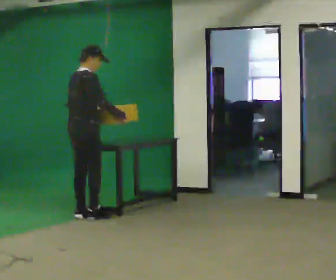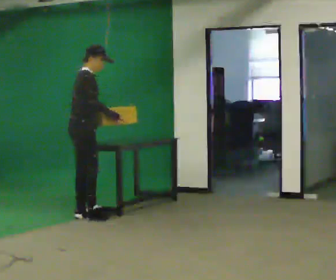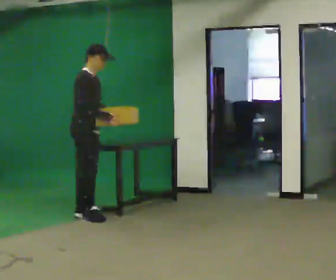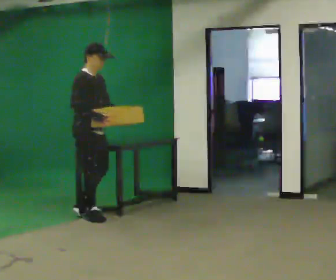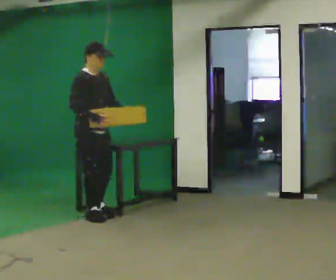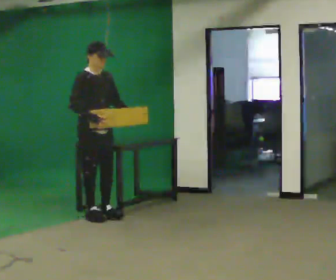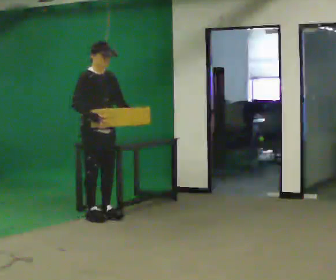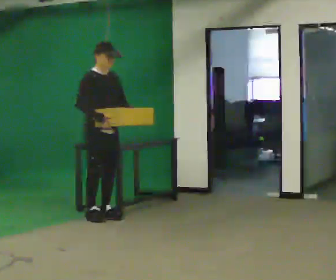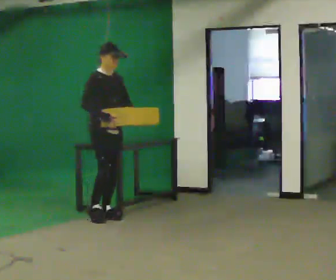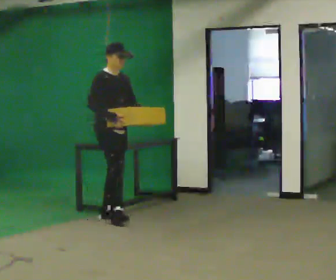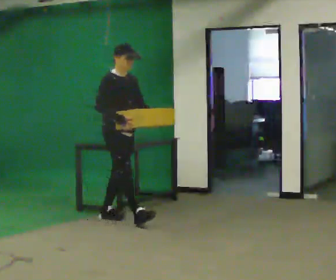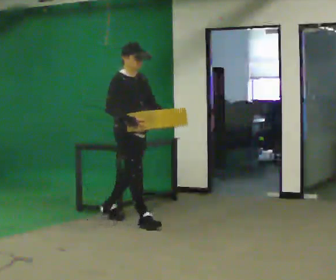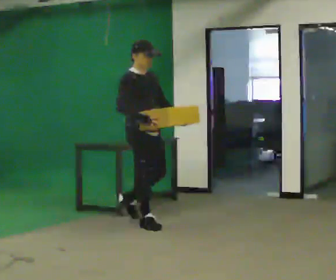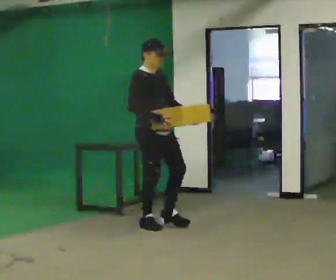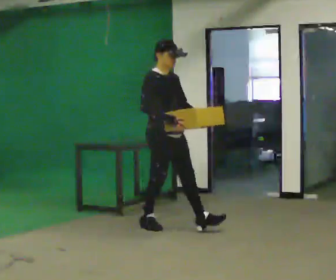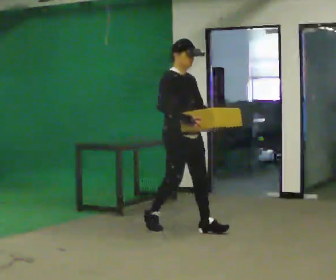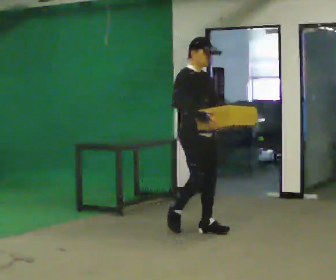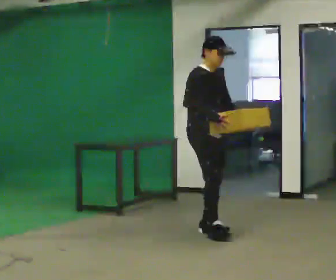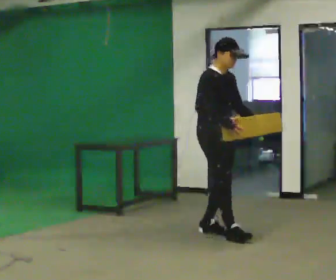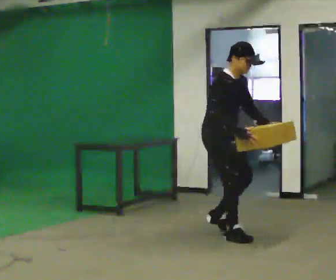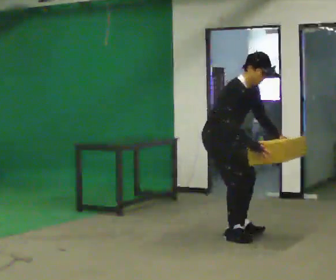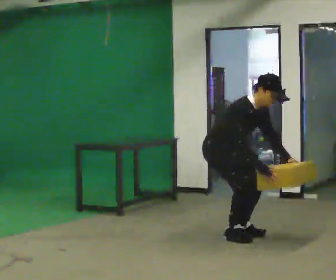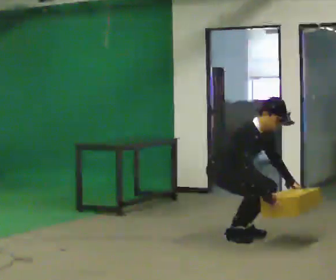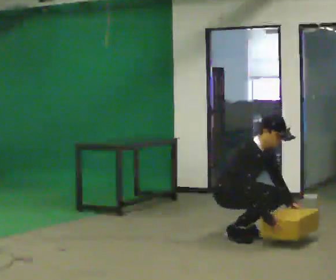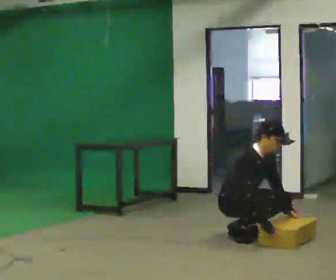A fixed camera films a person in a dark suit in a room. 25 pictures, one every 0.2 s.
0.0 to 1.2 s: The part of the body nearest the lens slides to the left as the person turns to their right by about 75 degrees. In the picture their left hand goes to the right, the arm swinging counterclockwise.
1.2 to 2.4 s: In the picture they go to the right and toward the camera, about 0.5 m in 1 step, which for them is forward.
2.4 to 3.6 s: In the picture they go to the right and toward the camera, about 1 m in 2 steps, which for them is forward.
3.6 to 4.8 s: In the picture they go to the right, about 0.25 m in 1 step, which for them is forward. The shoulders move downward. In the picture their right hand goes downward.
The film runs forward here.
